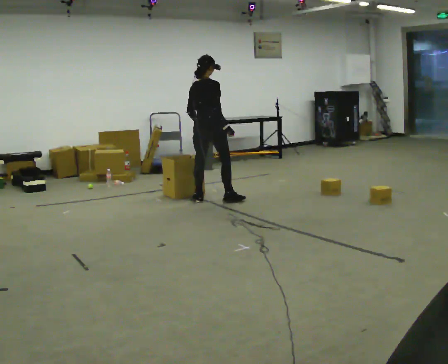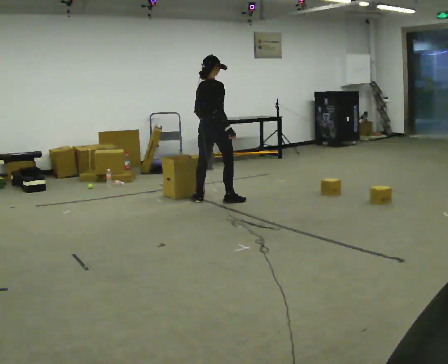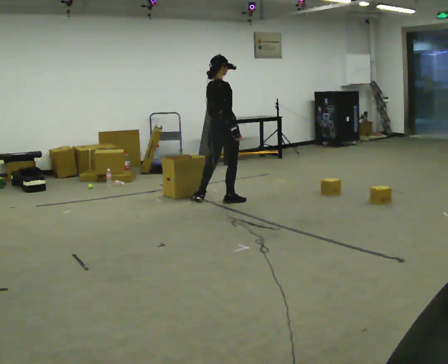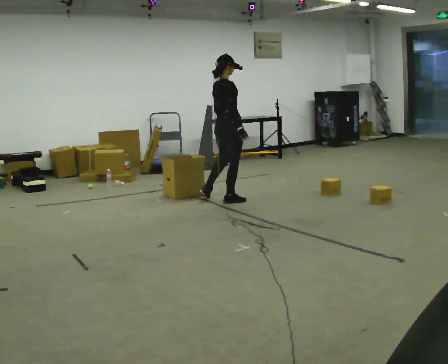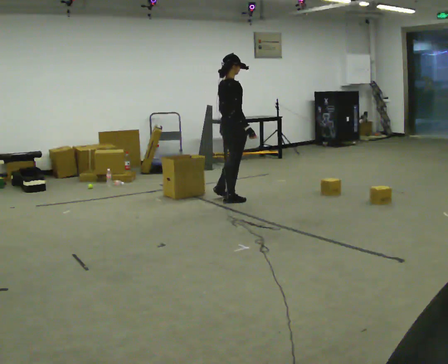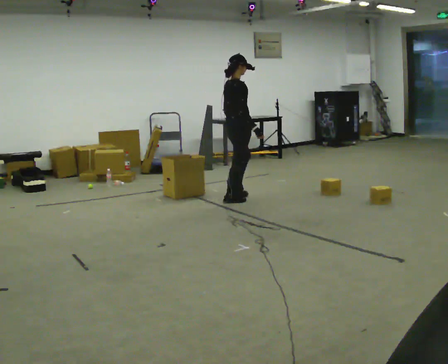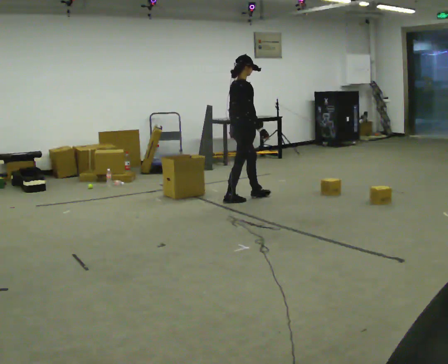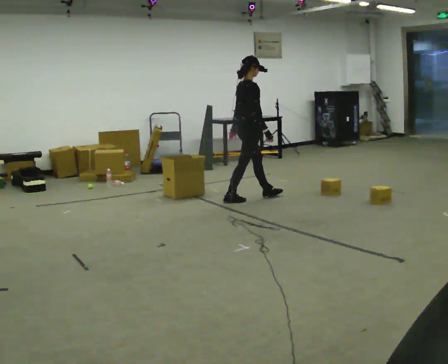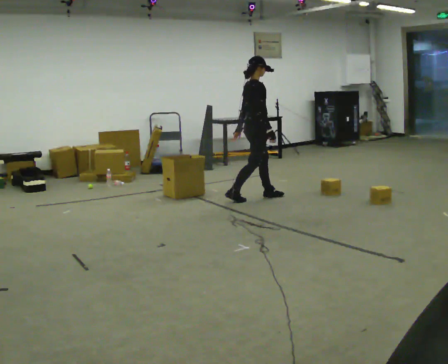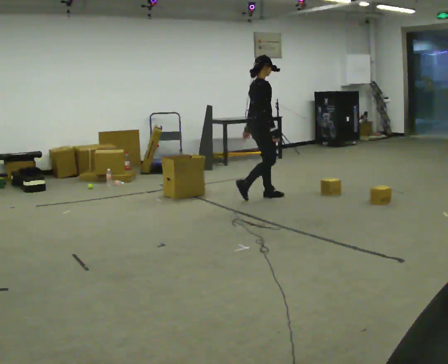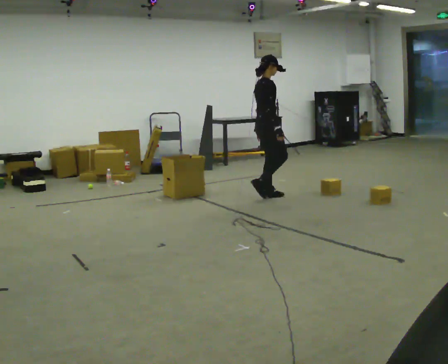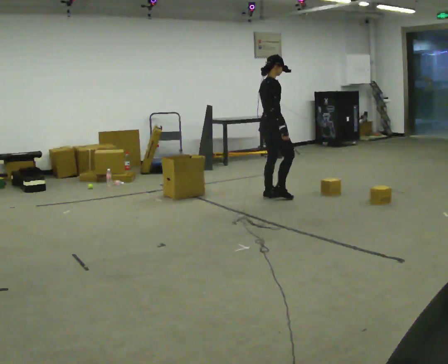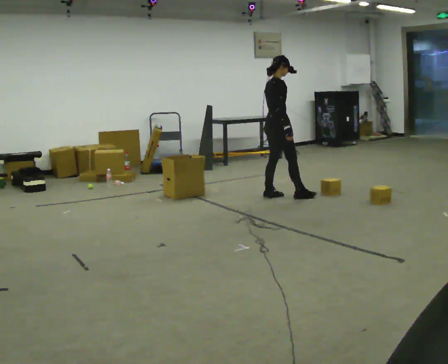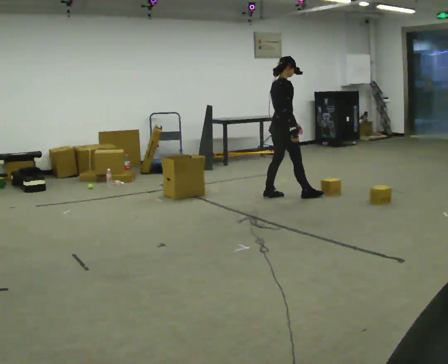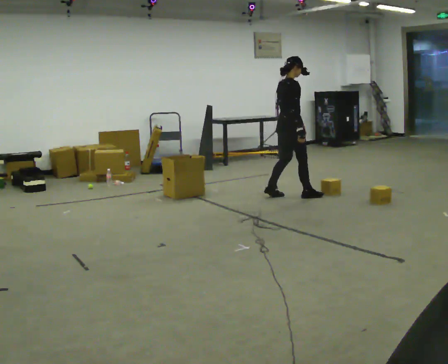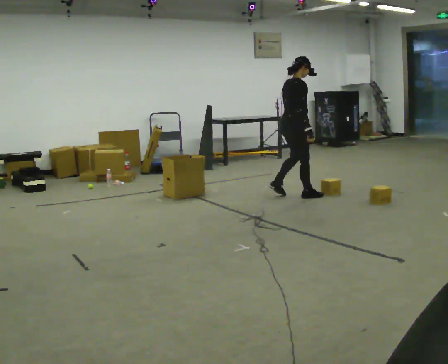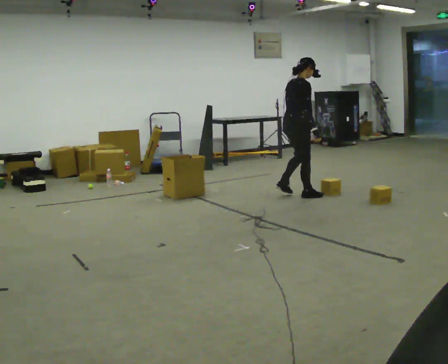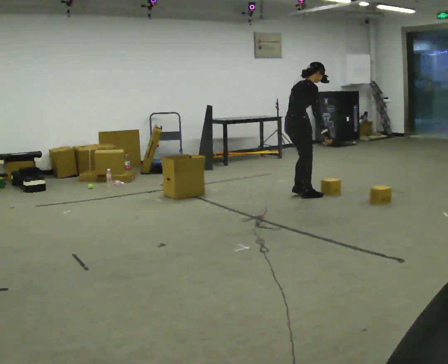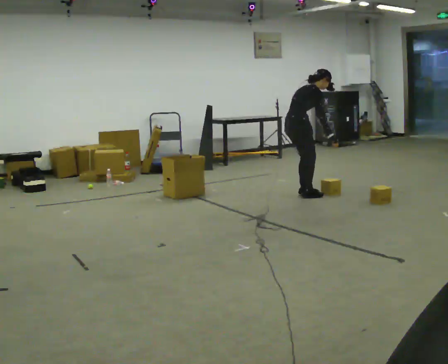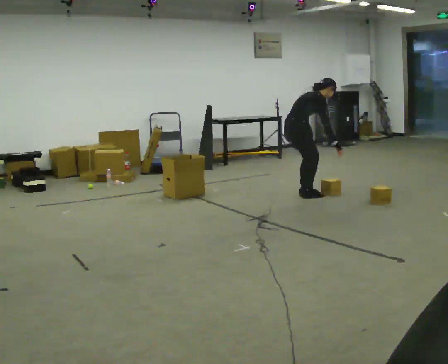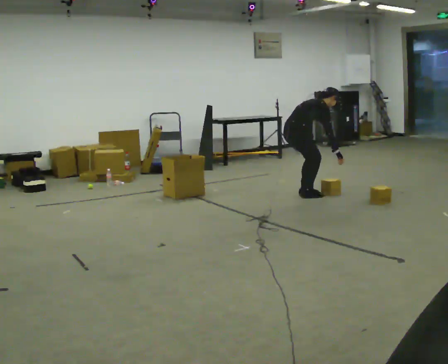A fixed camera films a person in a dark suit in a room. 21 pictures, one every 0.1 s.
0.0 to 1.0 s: Seen from above the body turns clockwise, about 45 degrees: to their right, with its near side sliding to the left. In the picture they go to the right, about 0.75 m in 1 step, which for them is forward.
1.0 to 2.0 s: In the picture they go to the right, about 0.25 m in 2 steps, which for them is forward. The upper body goes downward. In the picture the upper body tilts clockwise, shoulders to the right, as they bend forward. In the picture their right hand goes downward.
The film runs forward here.
